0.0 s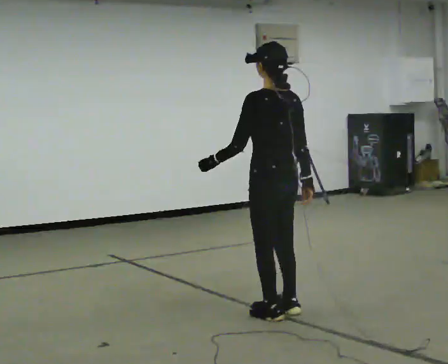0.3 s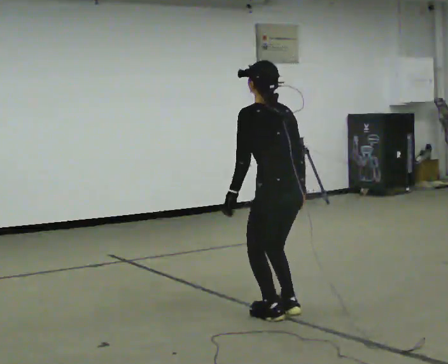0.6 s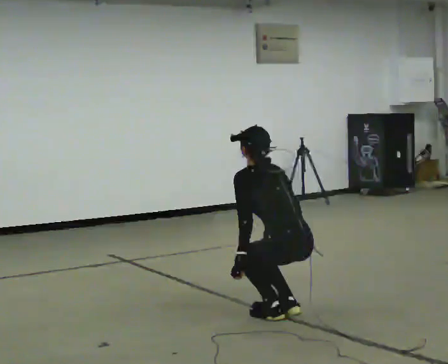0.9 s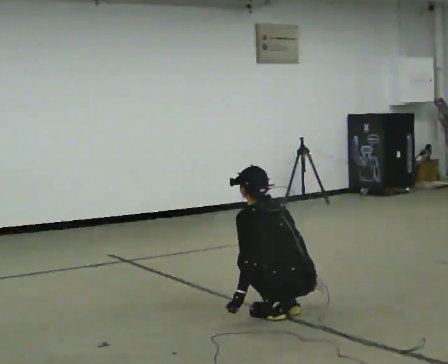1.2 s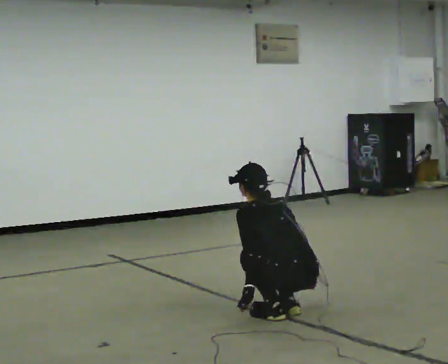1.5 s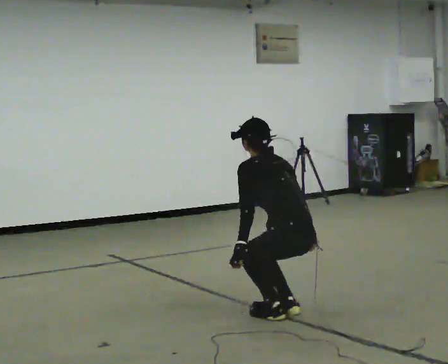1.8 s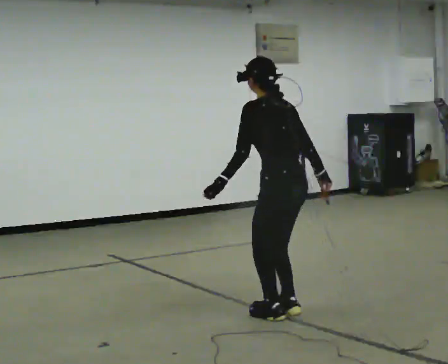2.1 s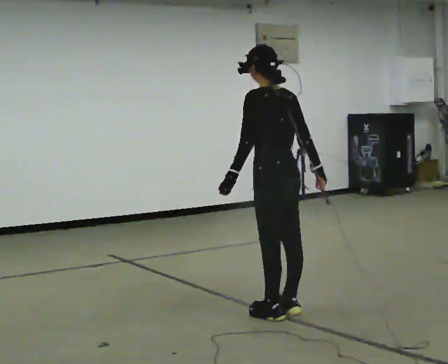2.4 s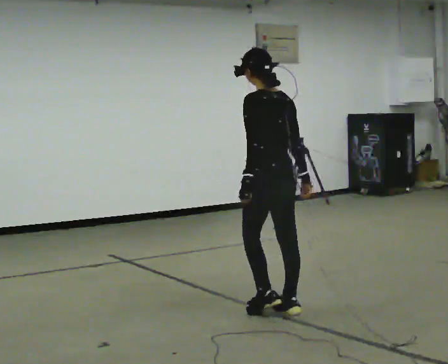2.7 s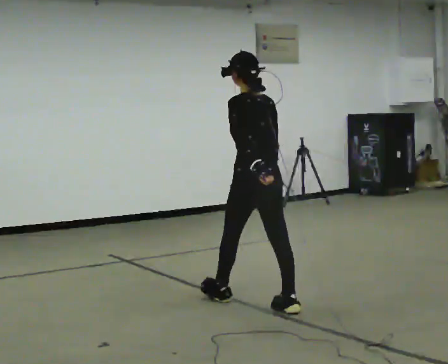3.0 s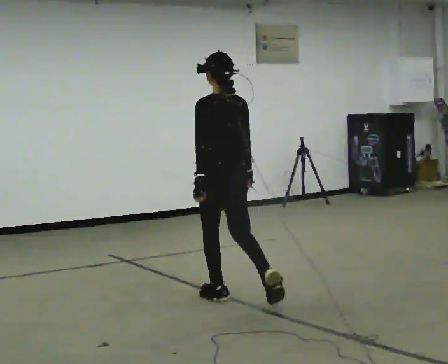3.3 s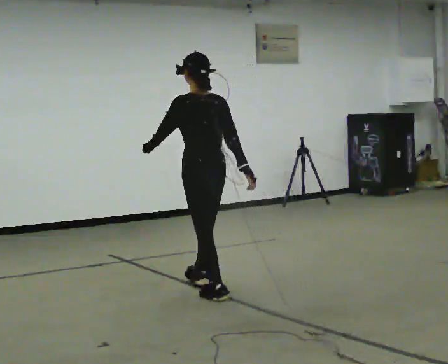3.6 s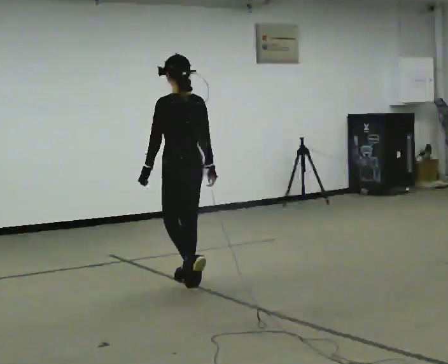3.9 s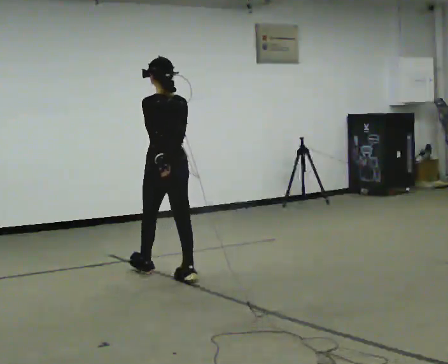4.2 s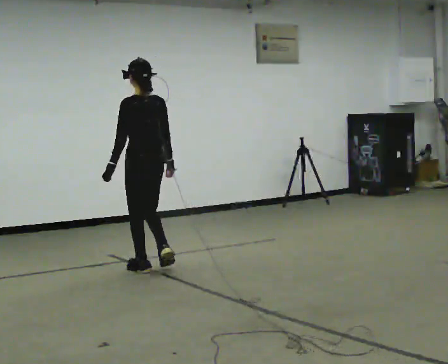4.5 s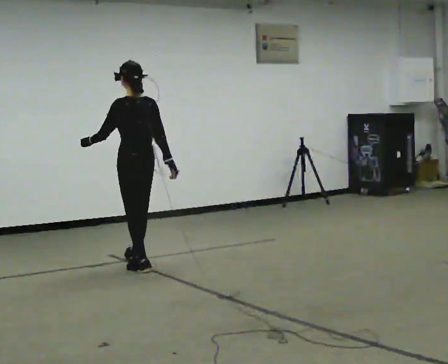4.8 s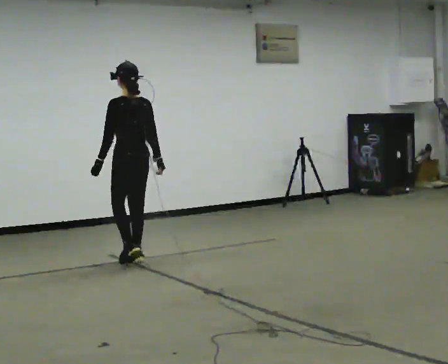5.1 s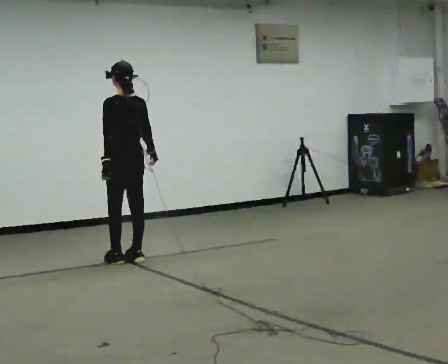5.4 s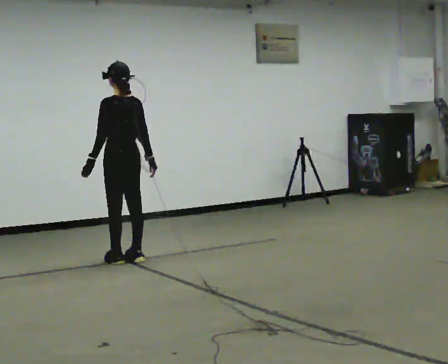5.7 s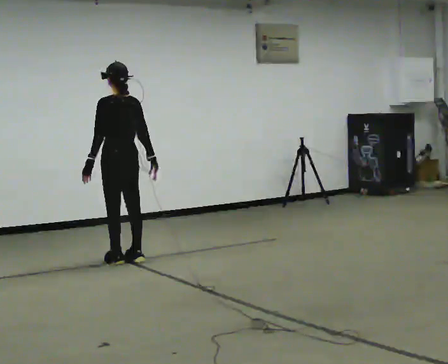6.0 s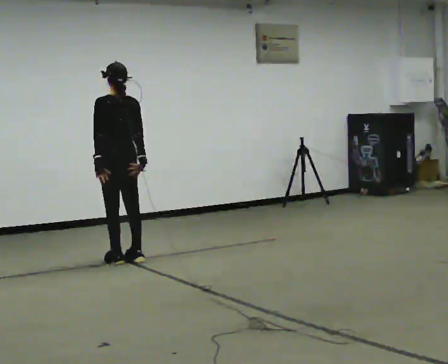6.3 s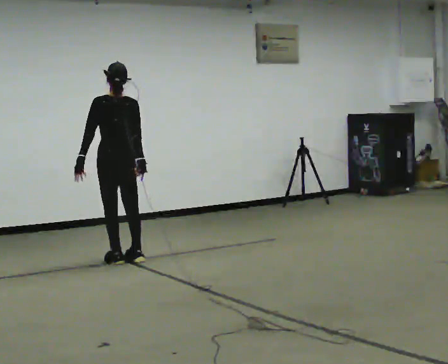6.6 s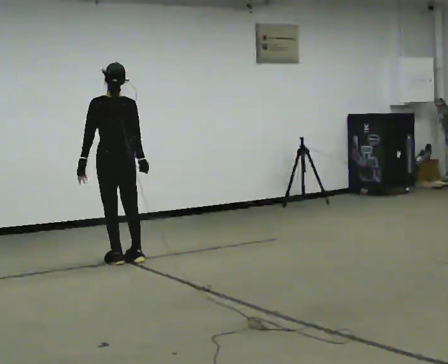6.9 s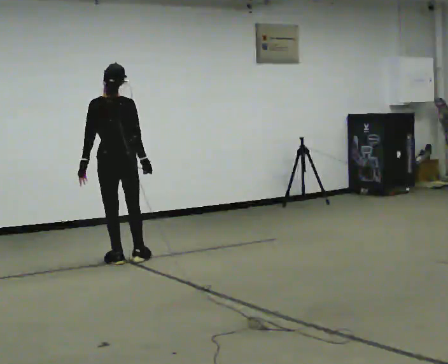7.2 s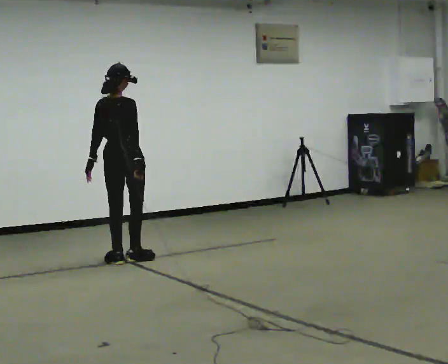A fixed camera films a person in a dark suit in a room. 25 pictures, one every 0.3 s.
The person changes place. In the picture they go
away from the camera.
0.0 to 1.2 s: The upper body goes downward. The upper body tips away from the camera, its near side rolling upward, as they bend forward. In the picture their left hand goes downward.
1.2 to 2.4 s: In the picture they go away from the camera, about 0.25 m, which for them is forward. The shoulders move upward. The upper body tips toward the camera, its near side rolling downward, as they lean back or straighten. In the picture their left hand goes upward.
2.4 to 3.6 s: In the picture they go away from the camera and to the left, about 1 m in 2 steps, which for them is forward.
3.6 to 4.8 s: In the picture they go away from the camera and to the left, about 1 m in 2 steps, which for them is forward.
4.8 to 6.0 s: The person moves a little, or ends about where they began.
6.0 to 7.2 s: Seen from above the body turns clockwise, about 45 degrees: to their right, with its near side sliding to the left.
The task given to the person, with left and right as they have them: Walk; crouch comfortably at marker; remain briefly; stand and continue.
The film runs forward here.
